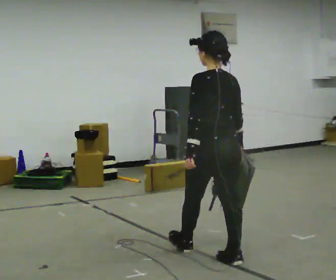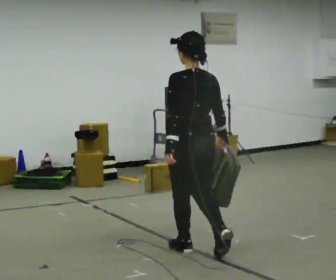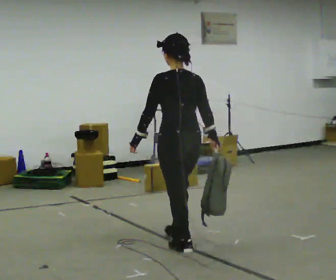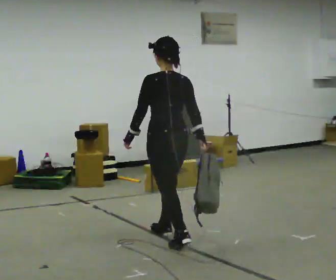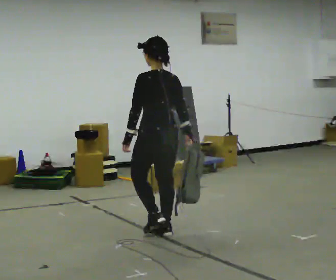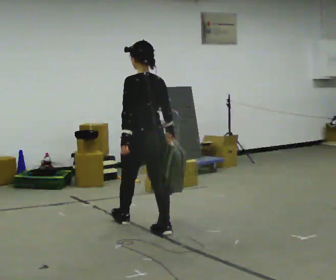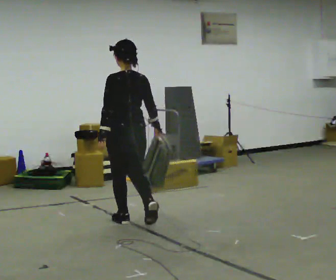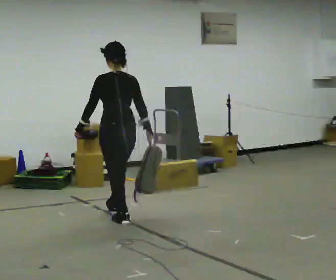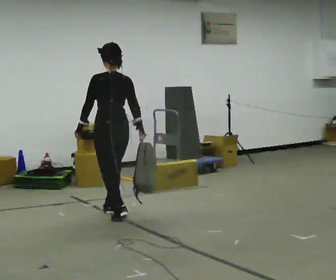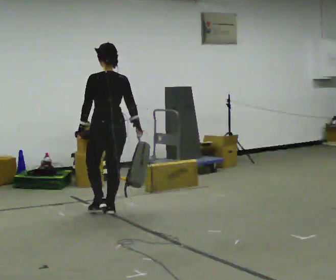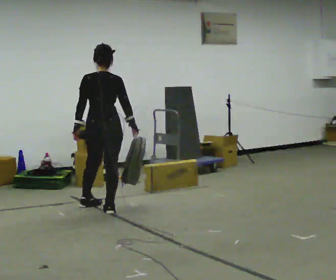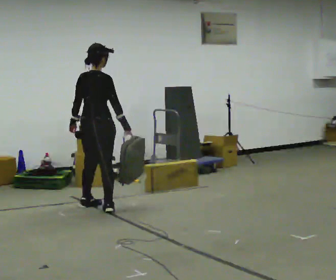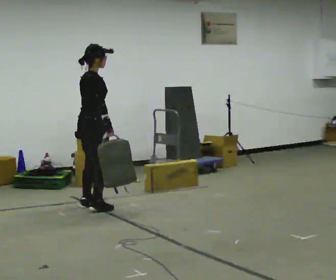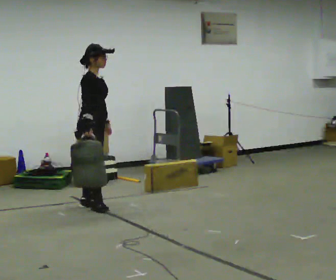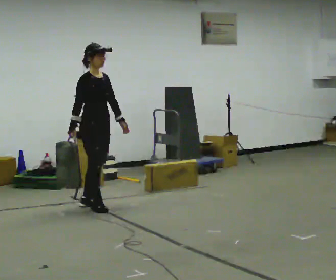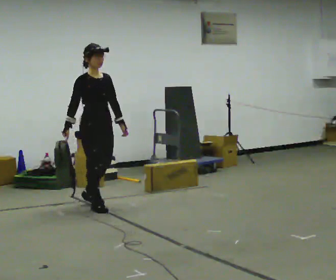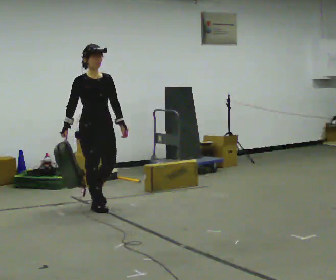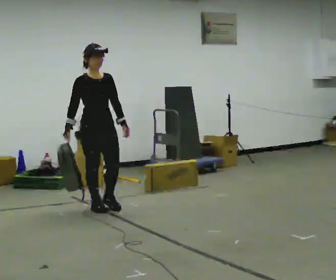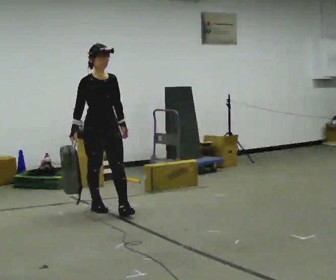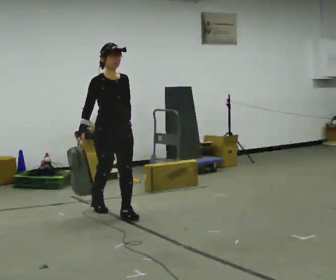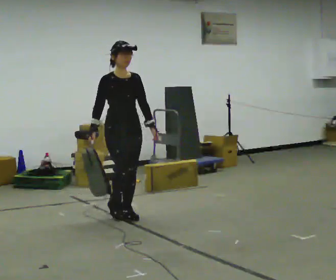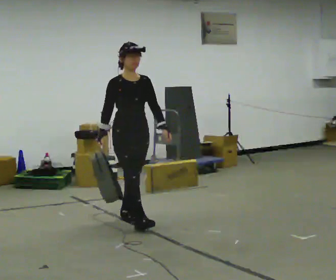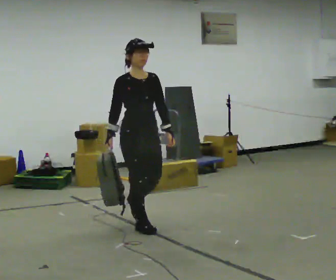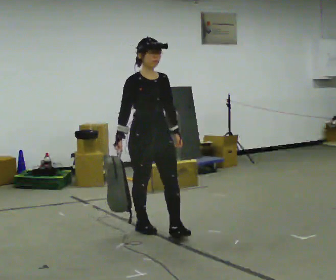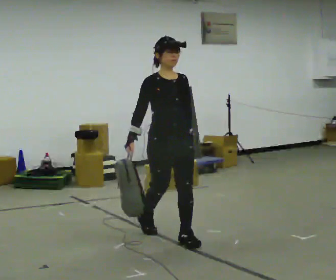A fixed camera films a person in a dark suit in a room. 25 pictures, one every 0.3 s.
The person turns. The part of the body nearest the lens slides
to the left.
The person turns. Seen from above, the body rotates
clockwise.
0.0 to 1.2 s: In the picture they go away from the camera and to the left, about 1 m in 2 steps, which for them is forward.
1.2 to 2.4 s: In the picture they go away from the camera and to the left, about 1 m in 2 steps, which for them is forward.
2.4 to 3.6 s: The person turns about 90 degrees to their right, clockwise seen from above, so the part of the body nearest the lens slides to the left. In the picture they go away from the camera and to the left, about 0.5 m in 1 step.
3.6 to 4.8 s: The person turns about 90 degrees to their right, clockwise seen from above, so the part of the body nearest the lens slides to the left. In the picture their right hand goes to the left, the arm swinging clockwise.
4.8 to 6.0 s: In the picture they go toward the camera and to the right, about 0.5 m in 1 step, which for them is forward.
6.0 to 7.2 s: In the picture they go toward the camera and to the right, about 1 m in 2 steps, which for them is forward.
The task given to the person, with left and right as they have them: Carry the soft bag across the room, back and forth. It will change shape as you move, so hold it however works.
The film runs forward here.
